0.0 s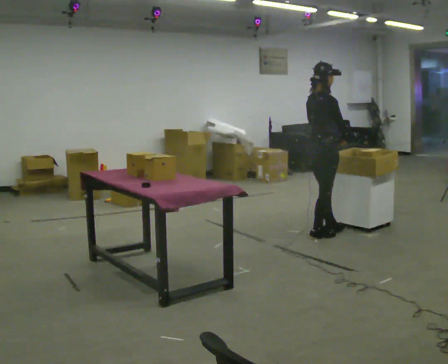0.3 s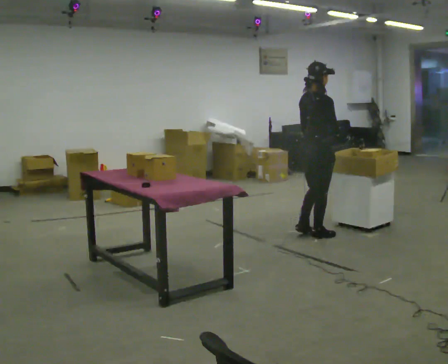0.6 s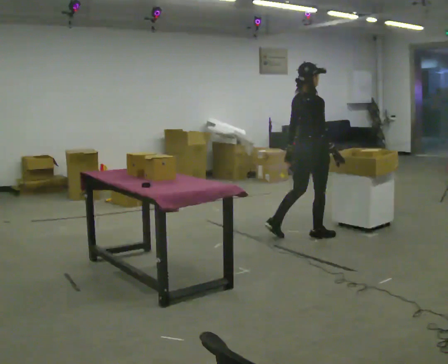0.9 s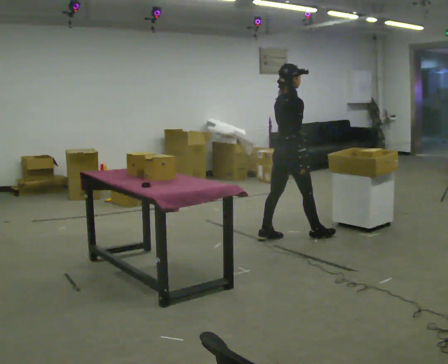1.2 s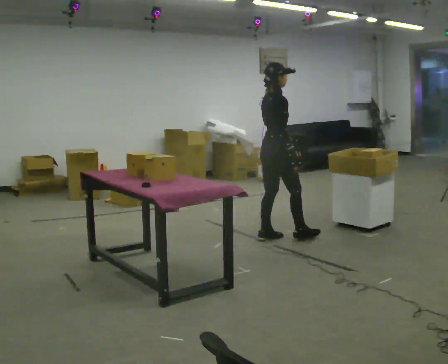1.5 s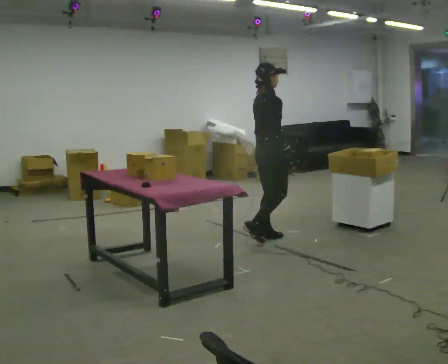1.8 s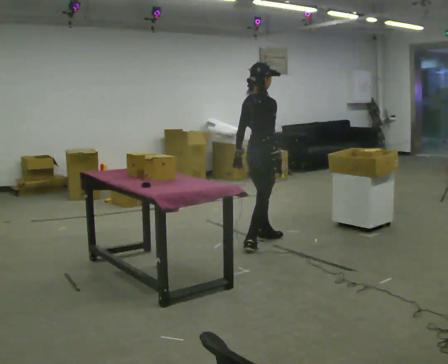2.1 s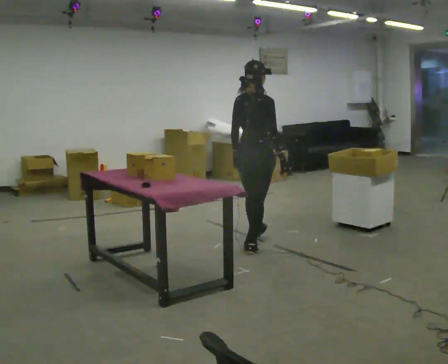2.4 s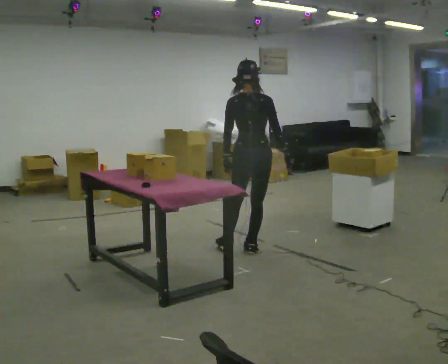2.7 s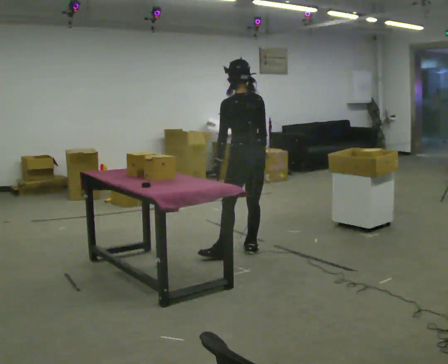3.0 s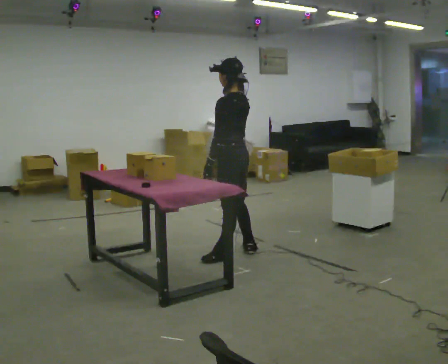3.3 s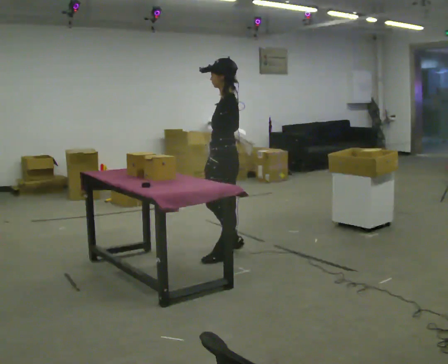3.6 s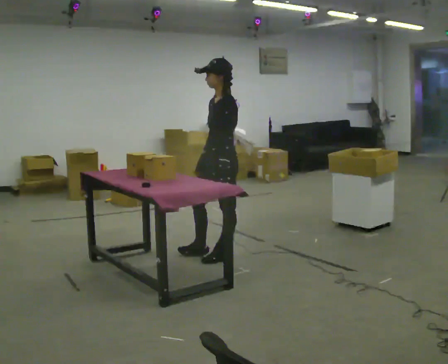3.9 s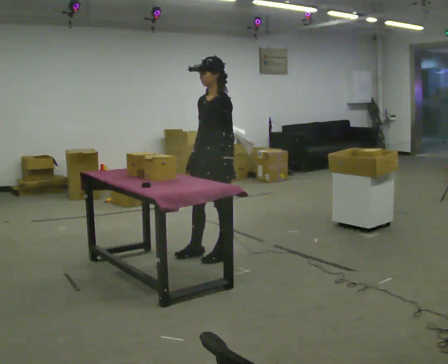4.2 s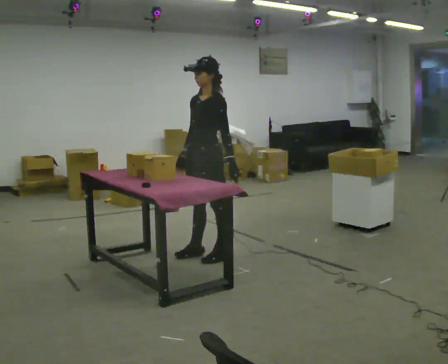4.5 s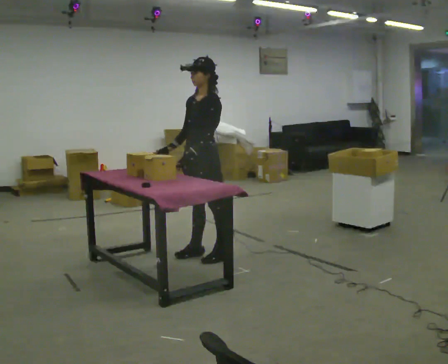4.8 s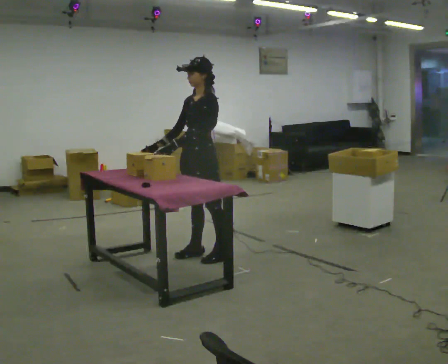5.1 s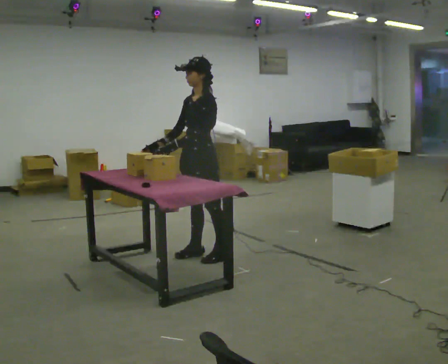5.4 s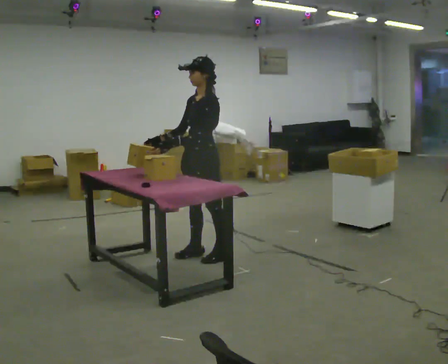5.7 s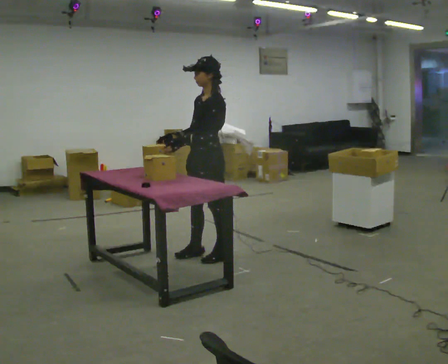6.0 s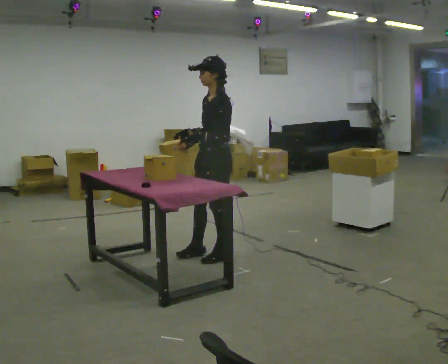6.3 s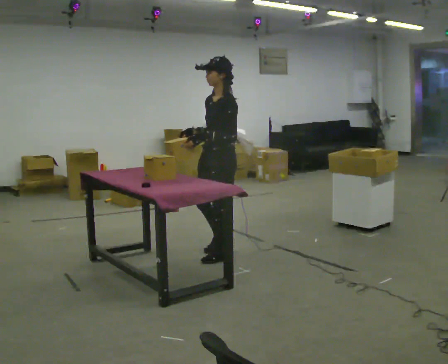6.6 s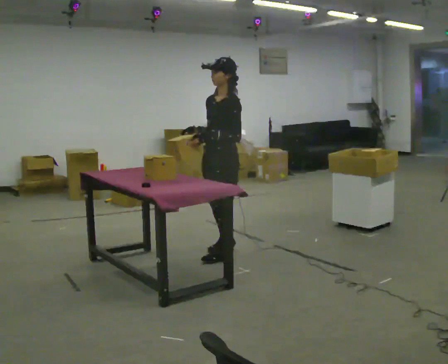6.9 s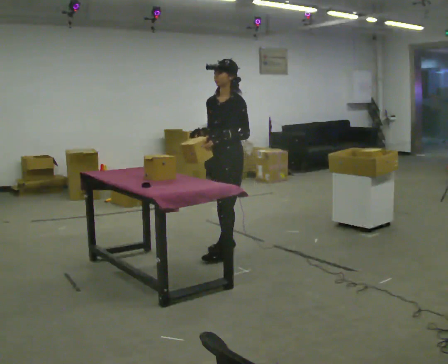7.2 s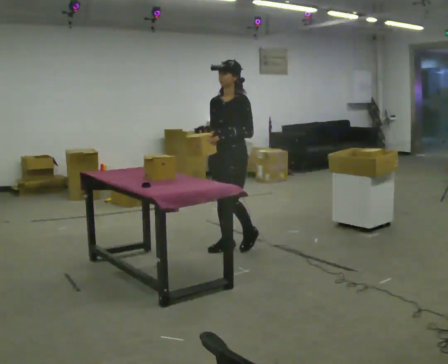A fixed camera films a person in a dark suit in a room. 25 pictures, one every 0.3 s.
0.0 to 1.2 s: In the picture they go to the left, about 0.5 m in 2 steps, which for them is backward and to their left.
1.2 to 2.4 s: The person turns about 60 degrees to their left, counterclockwise seen from above, so the part of the body nearest the lens slides to the right. In the picture they go toward the camera and to the left, about 0.5 m in 1 step.
2.4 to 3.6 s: The person turns about 105 degrees to their left, counterclockwise seen from above, so the part of the body nearest the lens slides to the right. In the picture they go toward the camera and to the left, about 0.25 m in 1 step.
3.6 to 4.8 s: In the picture they go to the left, about 0.25 m. In the picture their right hand goes to the left.
4.8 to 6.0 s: The person moves a little, or ends about where they began.
6.0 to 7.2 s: Seen from above the body turns counterclockwise, about 30 degrees: to their left, with its near side sliding to the right. In the picture they go away from the camera, about 0.25 m in 2 steps, which for them is backward and to their right.
The film runs backward here.
